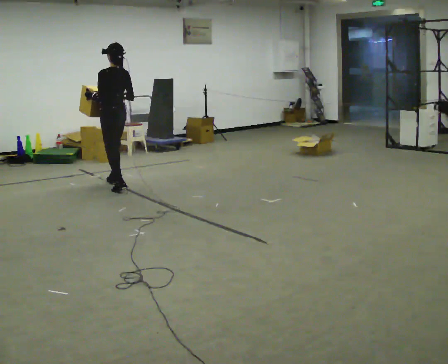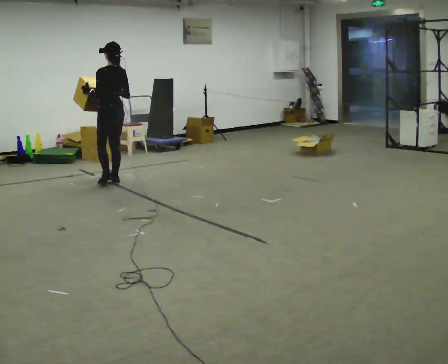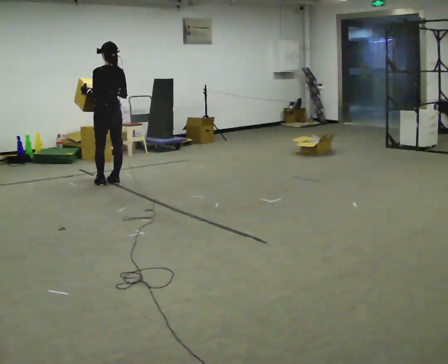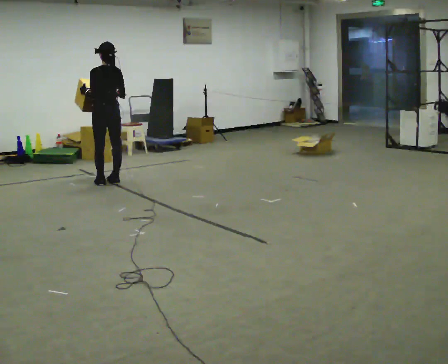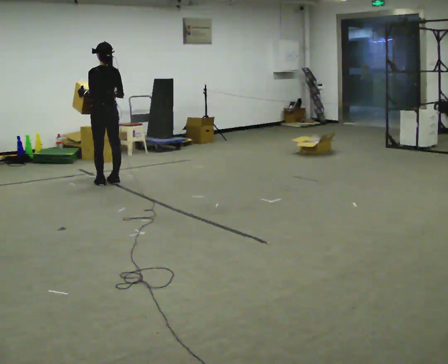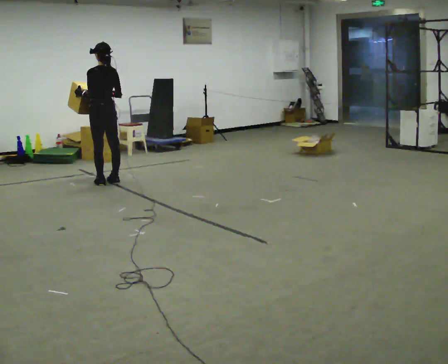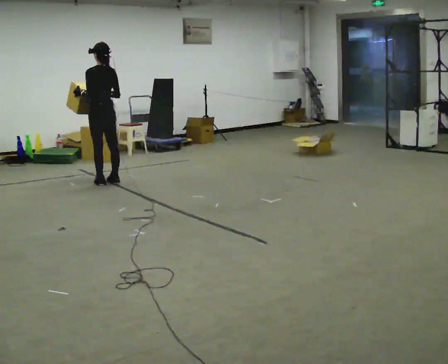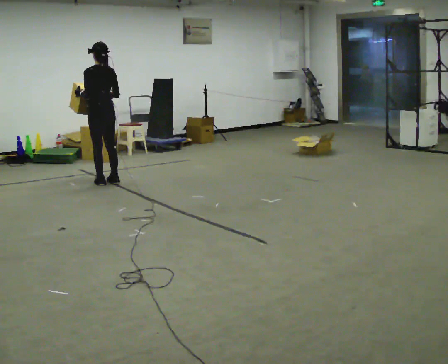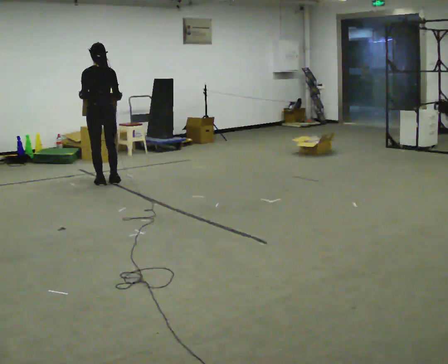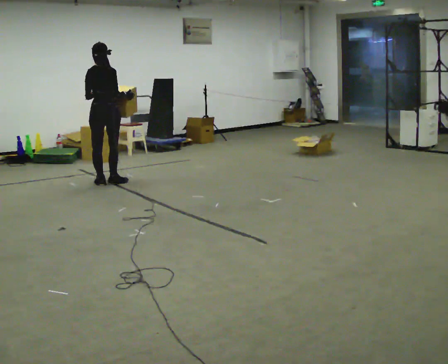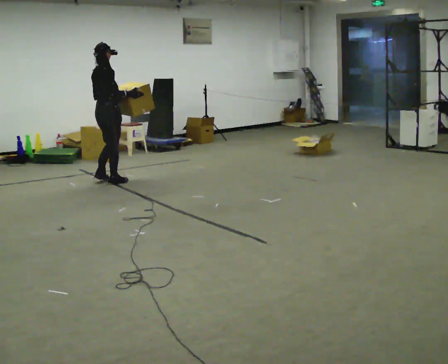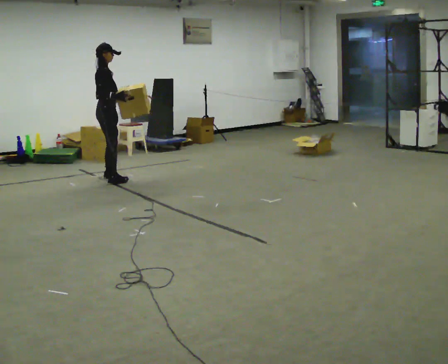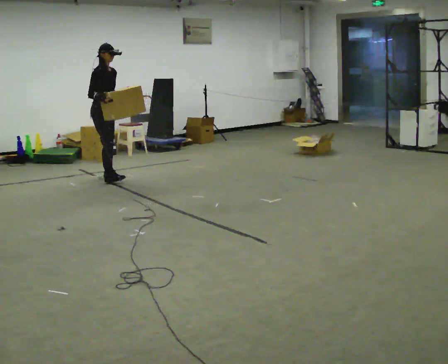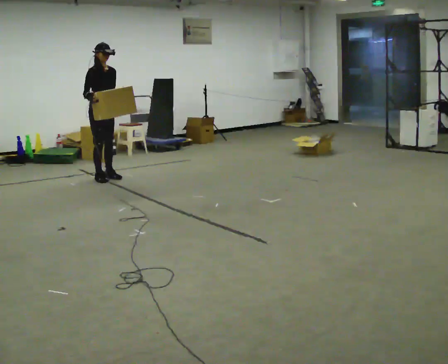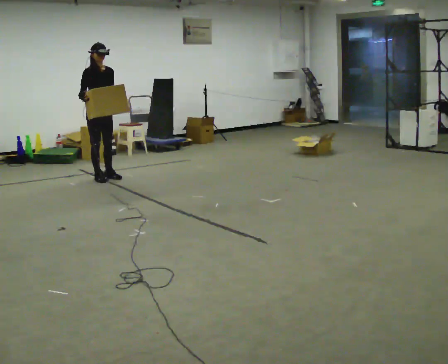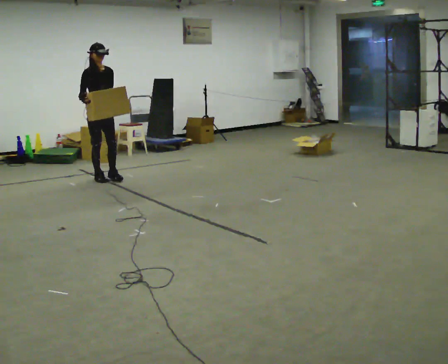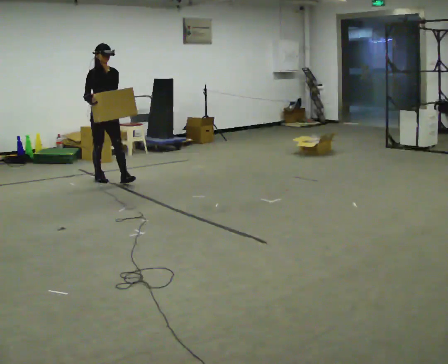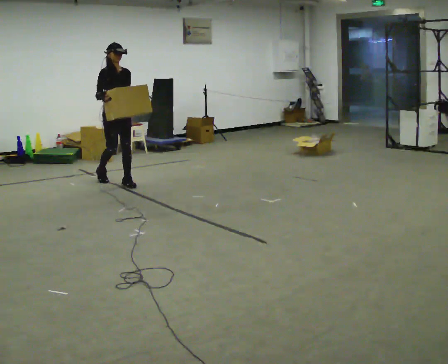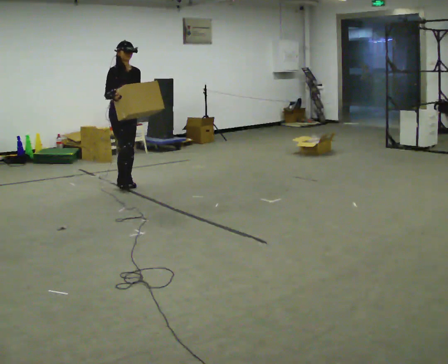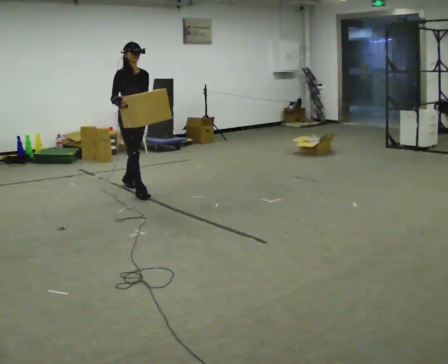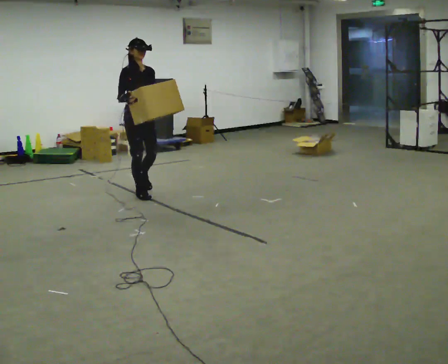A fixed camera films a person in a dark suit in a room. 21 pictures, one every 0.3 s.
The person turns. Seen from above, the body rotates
clockwise.
The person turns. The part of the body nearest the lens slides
to the left.
0.0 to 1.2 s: In the picture they go away from the camera, about 0.25 m in 1 step, which for them is forward.
1.2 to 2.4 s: Seen from above the body turns clockwise, about 30 degrees: to their right, with its near side sliding to the left.
2.4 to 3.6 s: Seen from above the body turns clockwise, about 120 degrees: to their right, with its near side sliding to the left. In the picture they go away from the camera, about 0.25 m in 1 step.
3.6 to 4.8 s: The person turns about 30 degrees to their right, clockwise seen from above, so the part of the body nearest the lens slides to the left. In the picture they go toward the camera, about 0.25 m in 1 step, which for them is forward.
4.8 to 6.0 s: In the picture they go toward the camera, about 1 m in 2 steps, which for them is forward.
The film runs forward here.
